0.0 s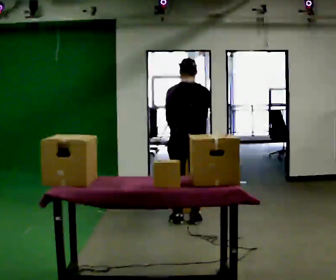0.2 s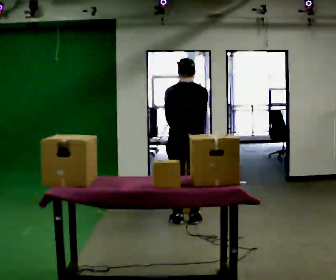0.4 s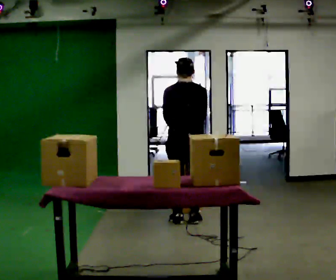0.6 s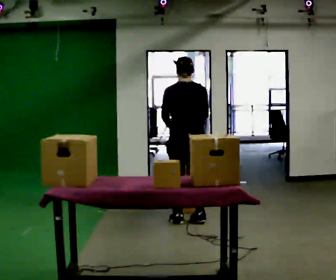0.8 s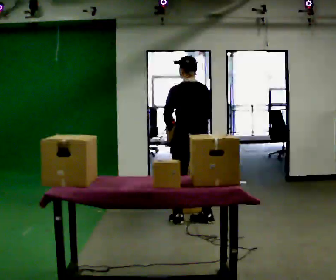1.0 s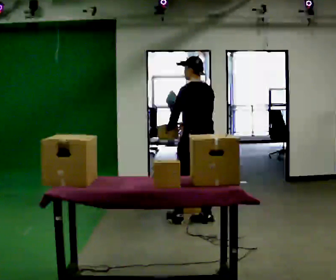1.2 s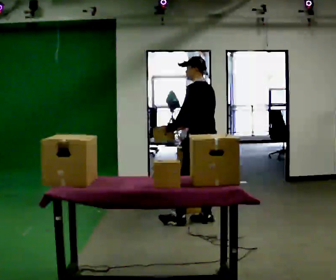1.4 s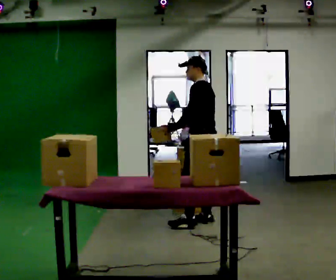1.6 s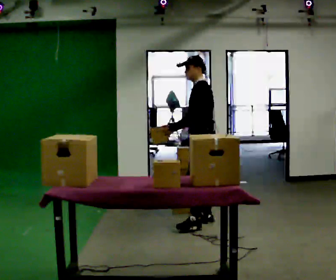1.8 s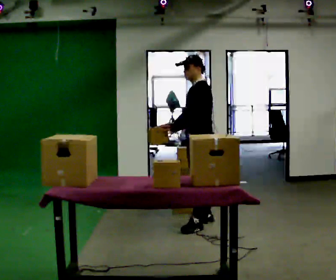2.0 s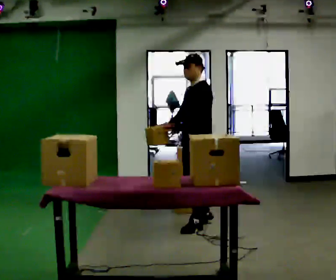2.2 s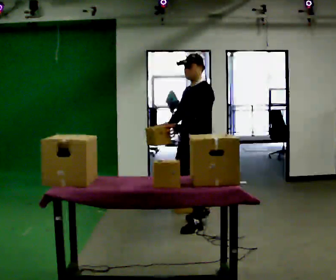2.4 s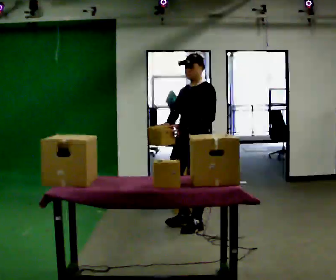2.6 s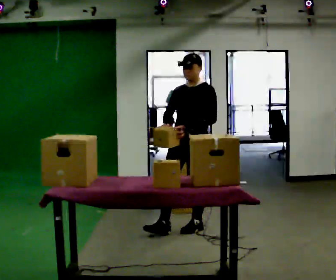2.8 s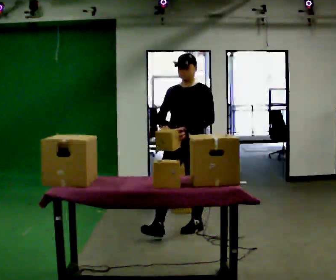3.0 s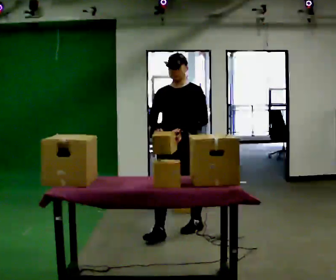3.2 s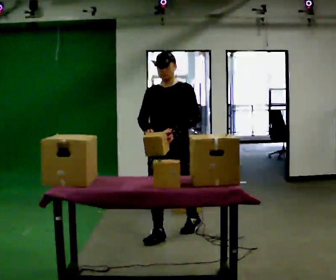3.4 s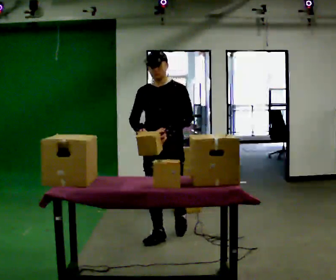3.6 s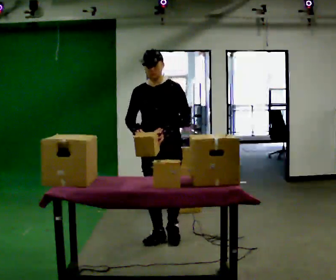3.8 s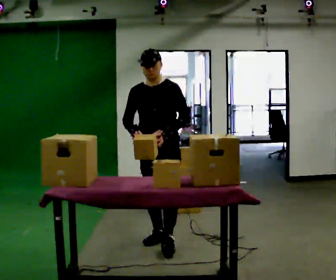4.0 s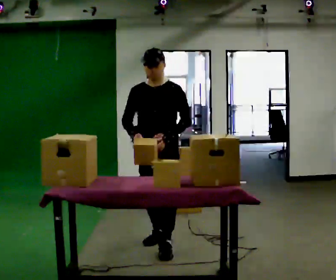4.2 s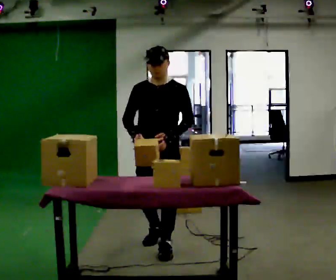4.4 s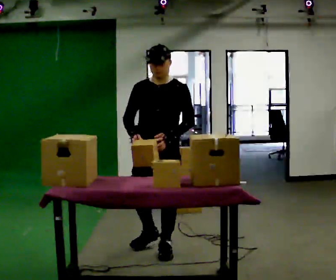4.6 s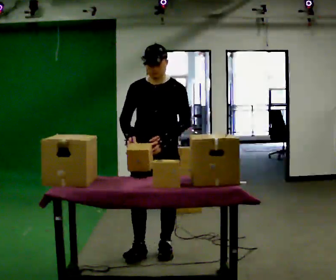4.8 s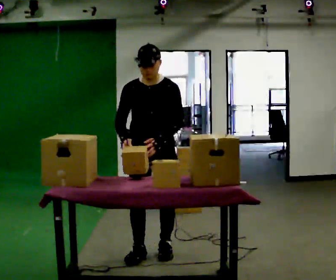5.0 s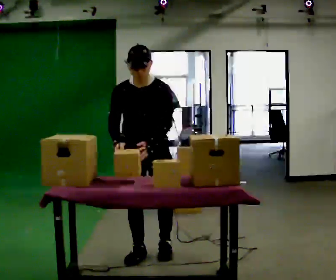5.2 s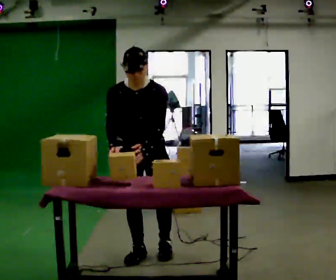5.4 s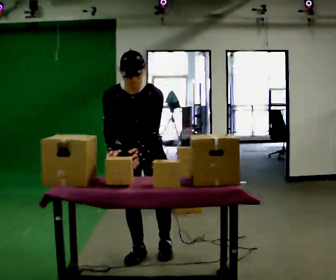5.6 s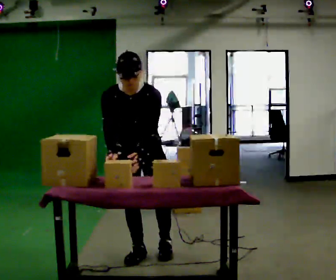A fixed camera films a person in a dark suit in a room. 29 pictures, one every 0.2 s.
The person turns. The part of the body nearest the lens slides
to the right.
The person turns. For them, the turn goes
to their left.
0.0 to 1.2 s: The person turns about 60 degrees to their left, counterclockwise seen from above, so the part of the body nearest the lens slides to the right. In the picture they go to the right, about 0.25 m in 1 step, which for them is to their right.
1.2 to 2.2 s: Seen from above the body turns counterclockwise, about 60 degrees: to their left, with its near side sliding to the right. In the picture they go toward the camera, about 0.25 m in 1 step, which for them is to their left and forward.
2.2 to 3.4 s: The part of the body nearest the lens slides to the right as the person turns to their left by about 45 degrees. In the picture they go toward the camera and to the left, about 0.5 m in 1 step, which for them is forward.
3.4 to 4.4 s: In the picture they go toward the camera, about 0.25 m in 1 step, which for them is forward.
4.4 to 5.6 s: In the picture they go to the left, about 0.25 m in 1 step, which for them is to their right and forward. The upper body tips toward the camera, its near side rolling downward, as they bend forward.
The film runs forward here.
